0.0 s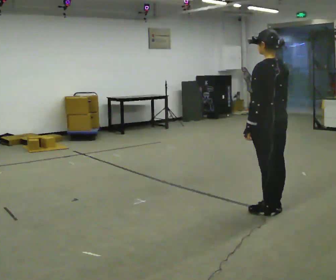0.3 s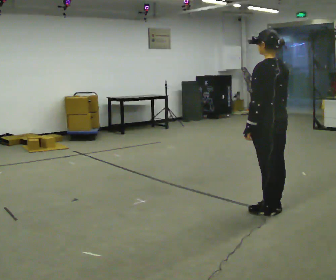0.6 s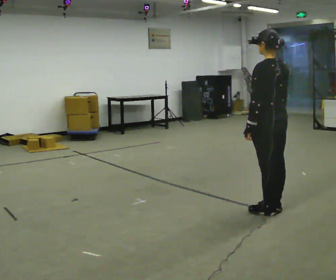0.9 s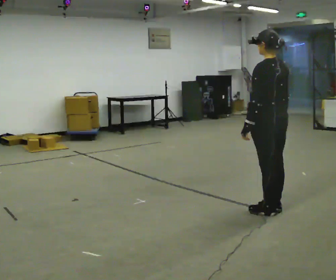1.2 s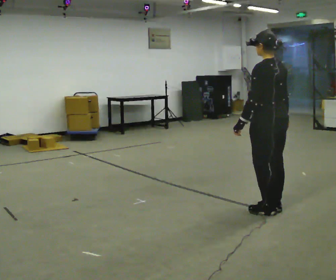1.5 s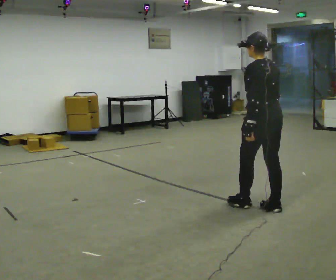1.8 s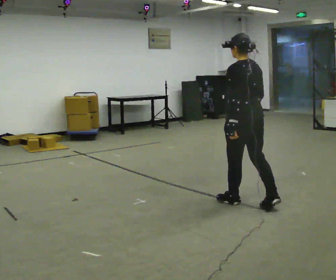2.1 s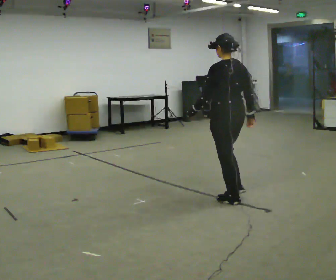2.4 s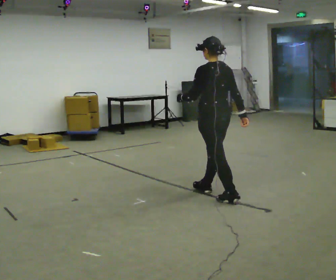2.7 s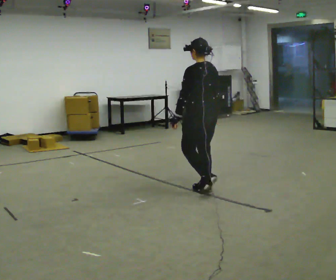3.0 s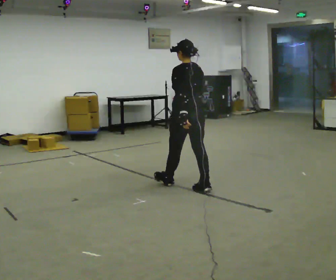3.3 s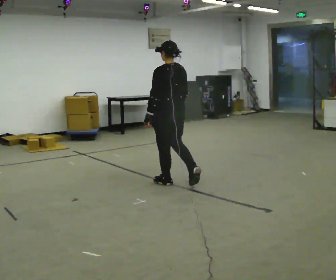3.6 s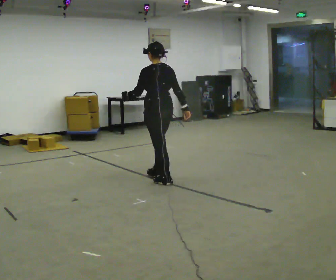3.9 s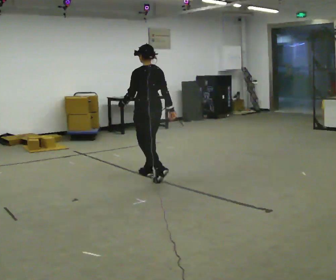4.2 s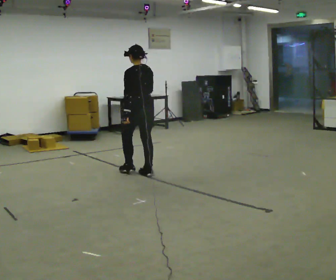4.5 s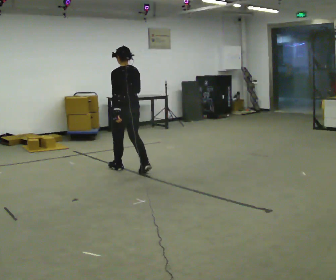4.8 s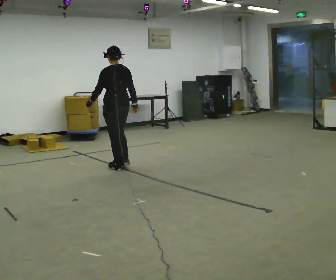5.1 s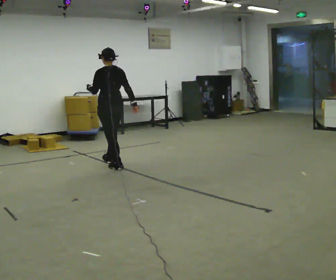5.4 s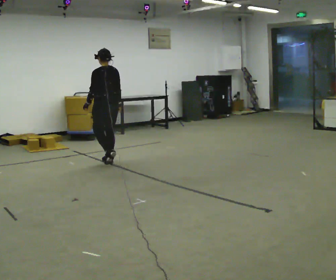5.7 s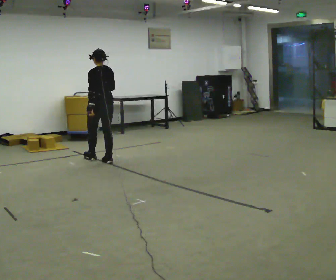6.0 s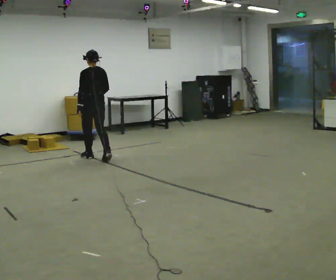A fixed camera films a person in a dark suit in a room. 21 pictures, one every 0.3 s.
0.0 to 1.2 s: The person moves a little, or ends about where they began.
1.2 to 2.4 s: In the picture they go away from the camera and to the left, about 0.75 m in 2 steps, which for them is forward.
2.4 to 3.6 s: In the picture they go away from the camera and to the left, about 1 m in 1 step, which for them is forward.
3.6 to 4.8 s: In the picture they go away from the camera and to the left, about 1 m in 2 steps, which for them is forward.
4.8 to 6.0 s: In the picture they go away from the camera and to the left, about 0.5 m in 2 steps, which for them is forward.
The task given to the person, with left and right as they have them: Start still; walk straight at normal comfortable speed; stop at endpoint.
The film runs forward here.
